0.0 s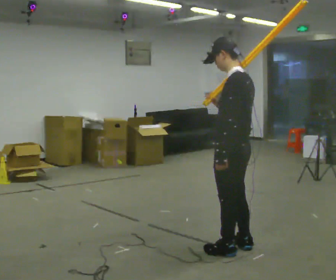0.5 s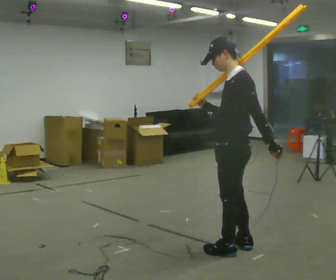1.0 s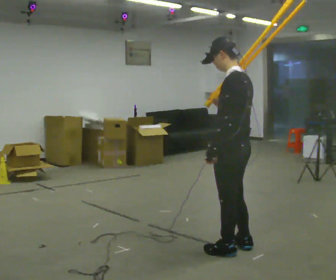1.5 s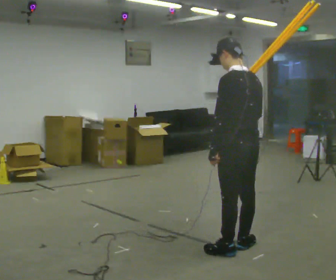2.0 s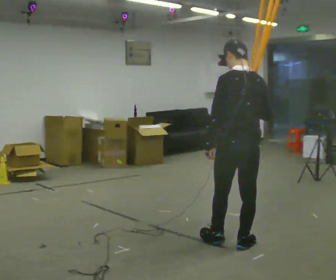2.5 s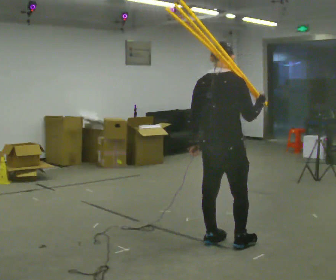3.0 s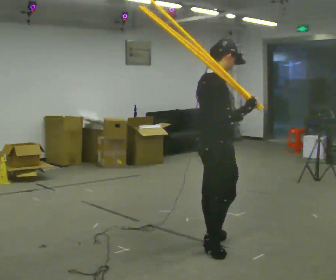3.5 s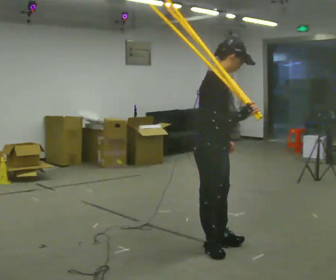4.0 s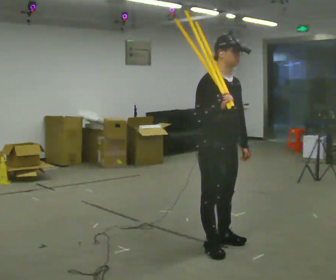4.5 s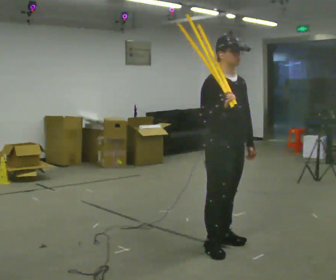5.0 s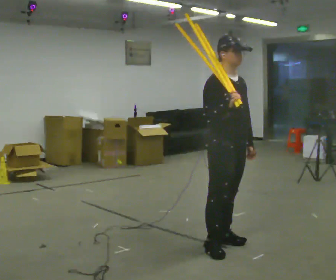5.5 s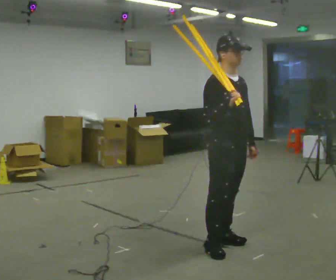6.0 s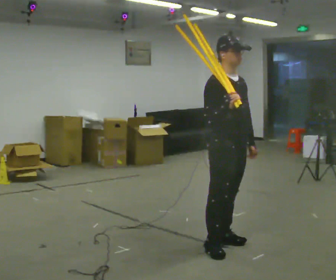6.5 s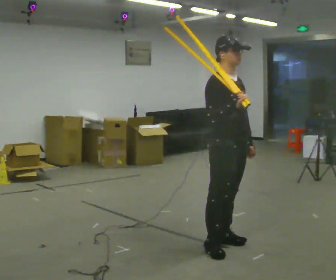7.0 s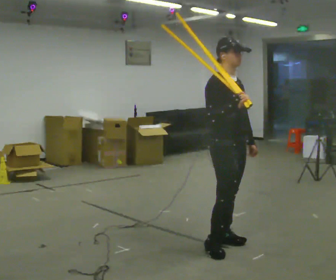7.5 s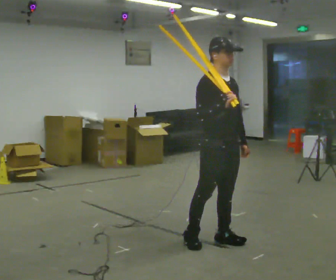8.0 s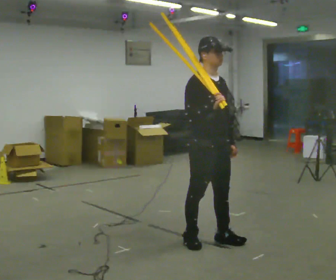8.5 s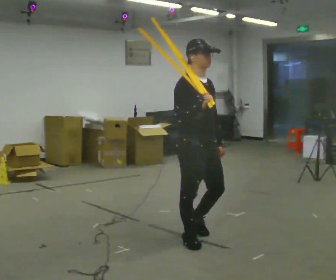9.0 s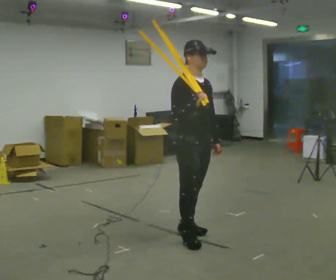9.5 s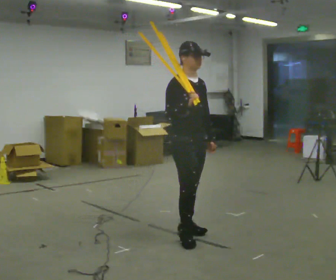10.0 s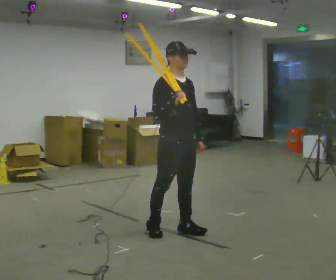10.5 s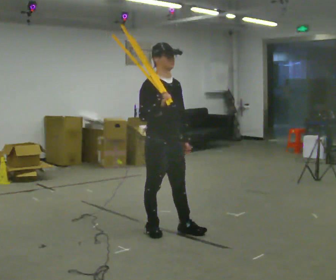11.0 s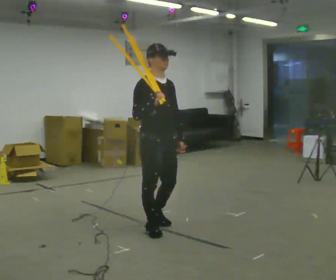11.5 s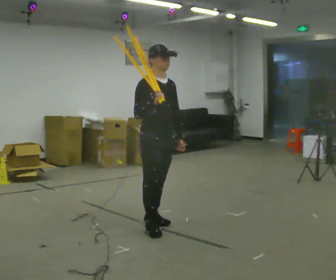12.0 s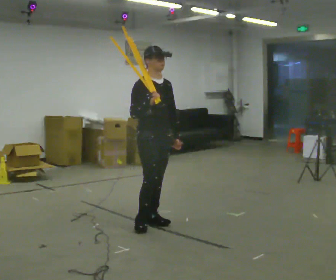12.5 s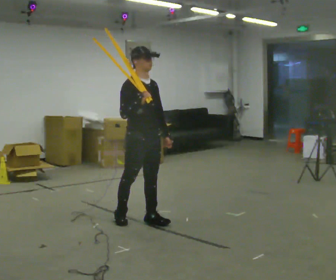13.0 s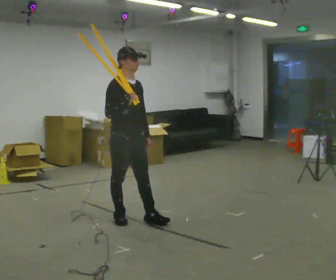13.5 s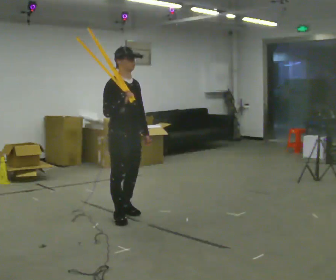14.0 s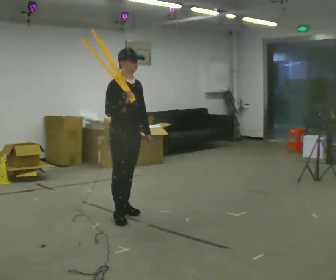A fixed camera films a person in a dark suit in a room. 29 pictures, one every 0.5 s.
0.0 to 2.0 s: The person turns about 45 degrees to their right, clockwise seen from above, so the part of the body nearest the lens slides to the left.
2.0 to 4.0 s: Seen from above the body turns clockwise, about 150 degrees: to their right, with its near side sliding to the left. In the picture they go to the left, about 0.25 m in 1 step. In the picture their right hand goes to the left.
4.0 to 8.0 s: The person moves a little, or ends about where they began.
8.0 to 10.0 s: In the picture they go away from the camera and to the left, about 0.5 m in 2 steps, which for them is backward.
10.0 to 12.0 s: In the picture they go away from the camera and to the left, about 0.25 m in 2 steps, which for them is backward.
12.0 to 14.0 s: In the picture they go to the left and away from the camera, about 0.5 m in 1 step, which for them is backward.
The film runs backward here.
